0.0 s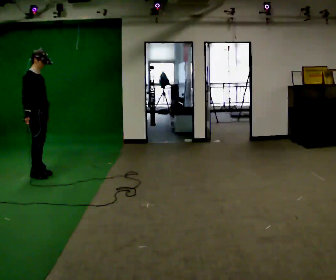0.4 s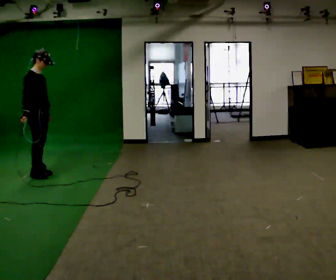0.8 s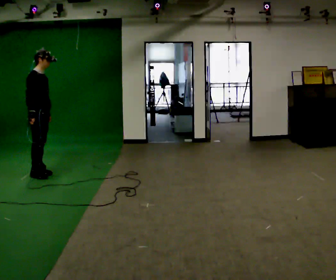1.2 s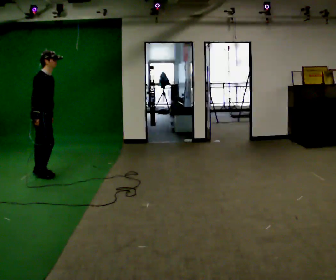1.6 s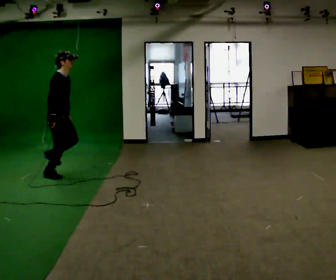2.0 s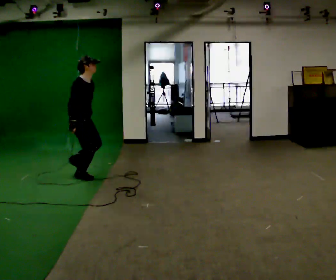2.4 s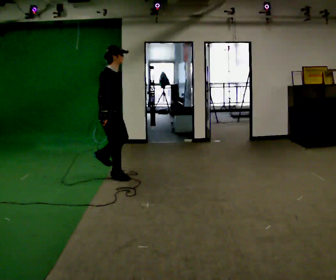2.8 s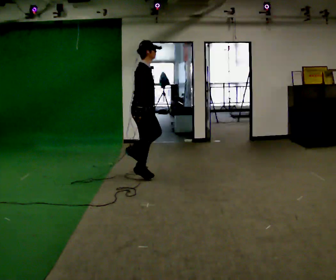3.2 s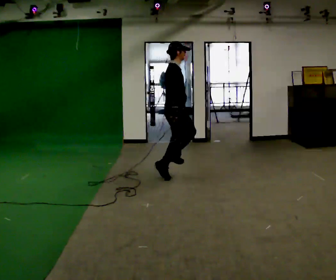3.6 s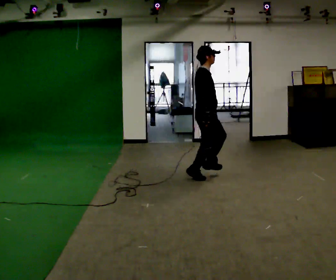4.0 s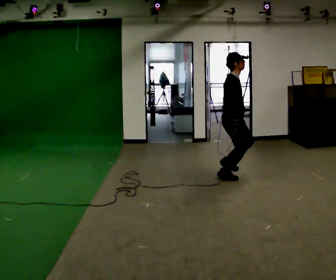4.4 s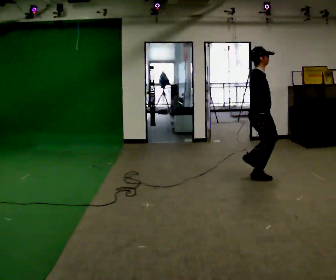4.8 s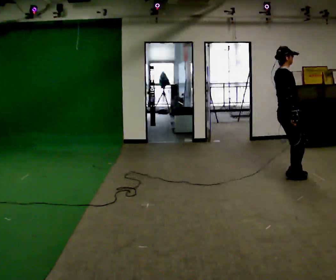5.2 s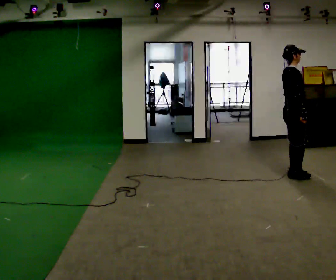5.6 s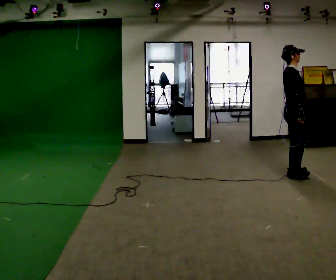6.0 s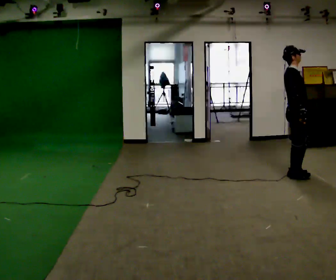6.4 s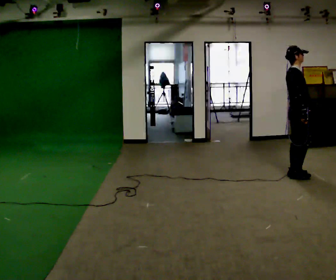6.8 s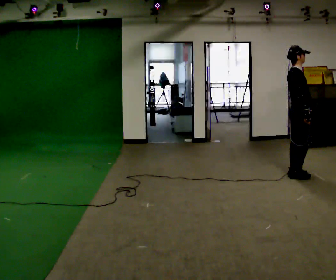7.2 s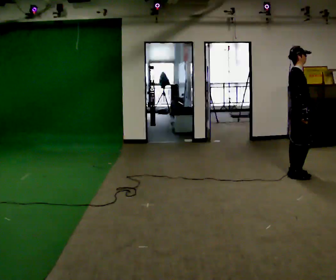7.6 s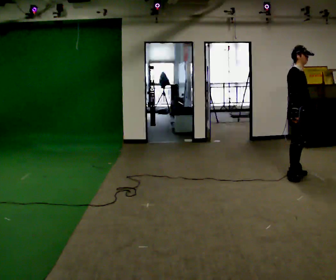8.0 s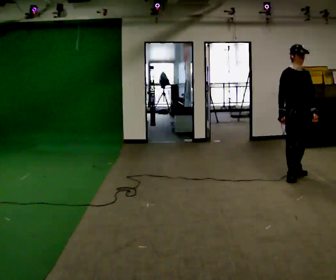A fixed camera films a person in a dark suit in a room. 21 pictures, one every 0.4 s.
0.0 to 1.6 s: In the picture they go to the right, about 0.25 m in 1 step, which for them is forward. In the picture the upper body tilts clockwise, shoulders to the right.
1.6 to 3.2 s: In the picture they go to the right, about 1.5 m in 3 steps, which for them is forward.
3.2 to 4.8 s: In the picture they go to the right, about 1.5 m in 4 steps, which for them is forward.
4.8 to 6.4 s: The person moves a little, or ends about where they began.
6.4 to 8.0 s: The person turns about 60 degrees to their right, clockwise seen from above, so the part of the body nearest the lens slides to the left. In the picture their right hand goes to the left.
The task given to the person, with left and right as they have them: Hop forward on the leg the operator calls, keeping the other foot off the floor.
The film runs forward here.
